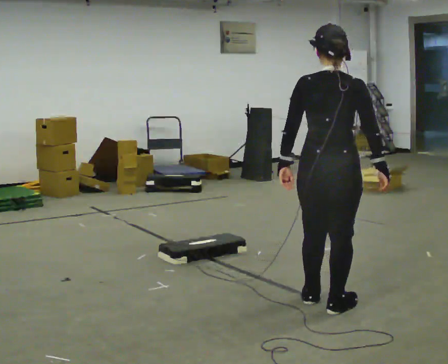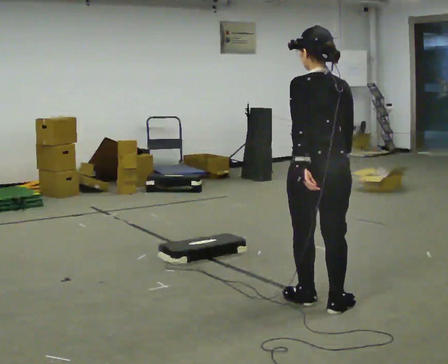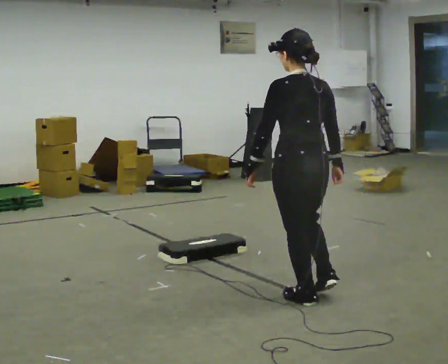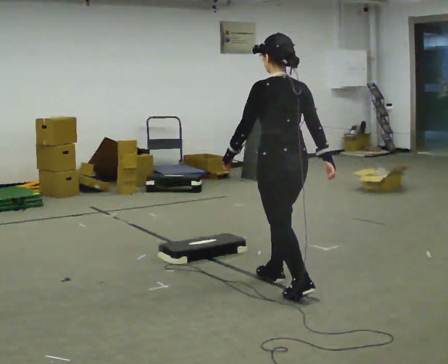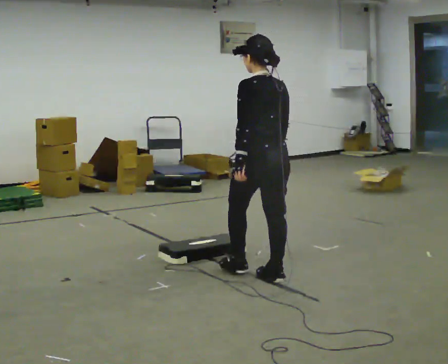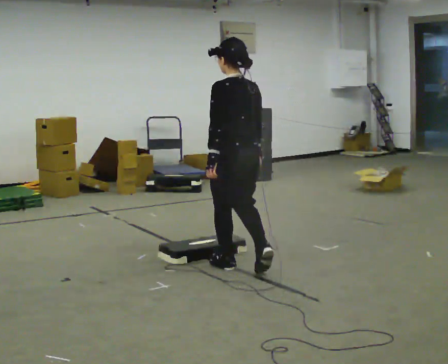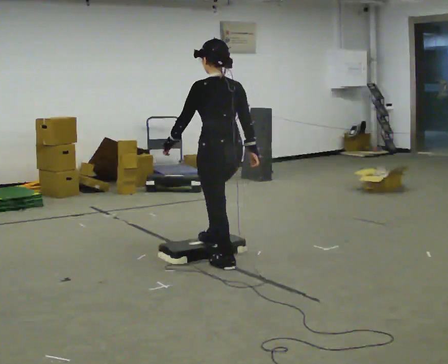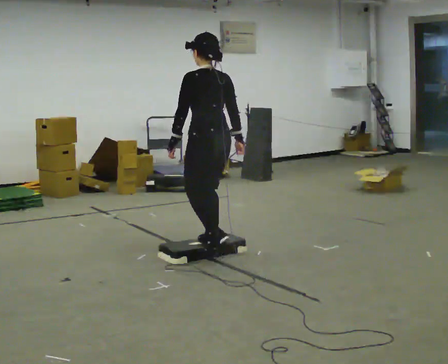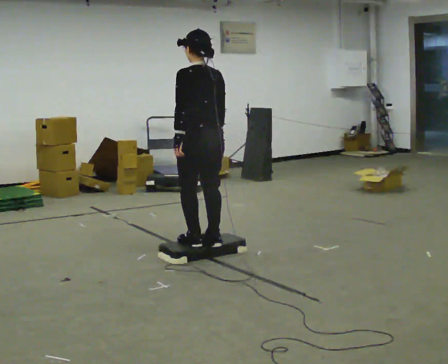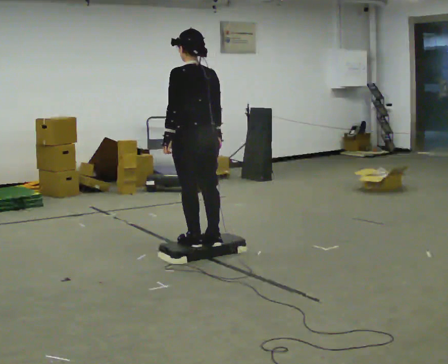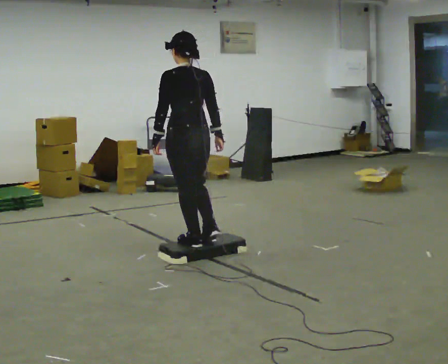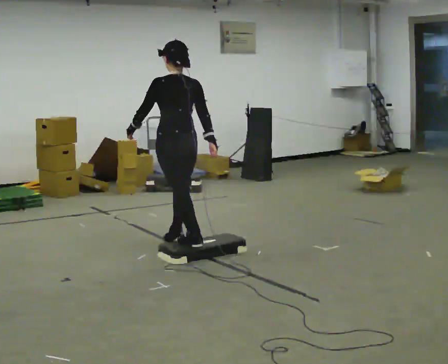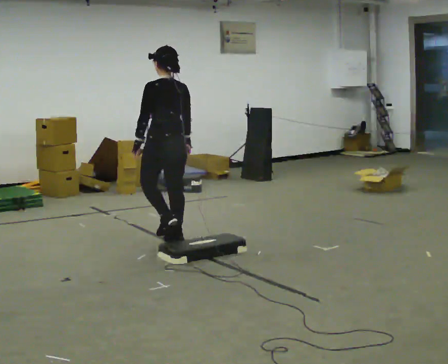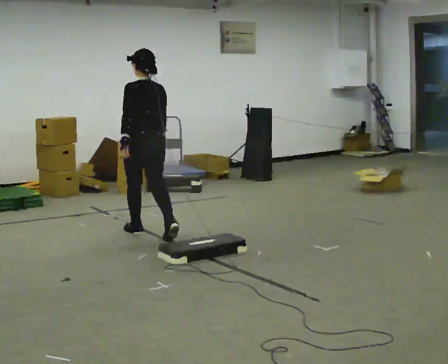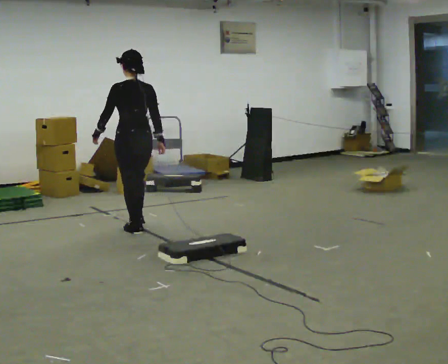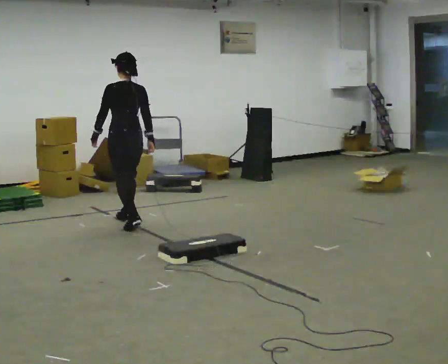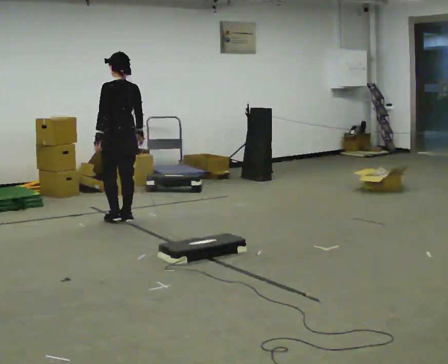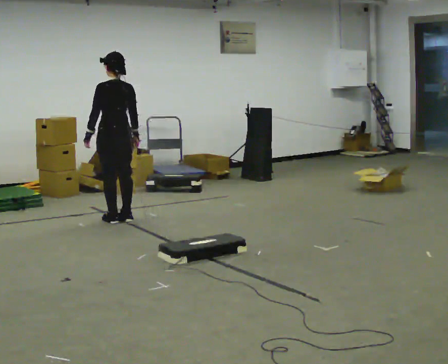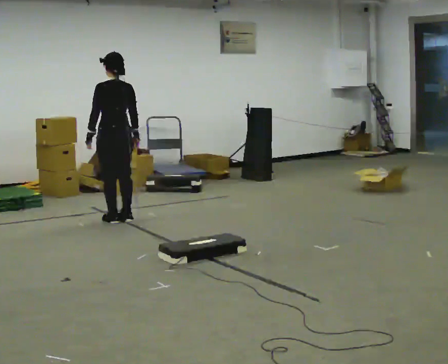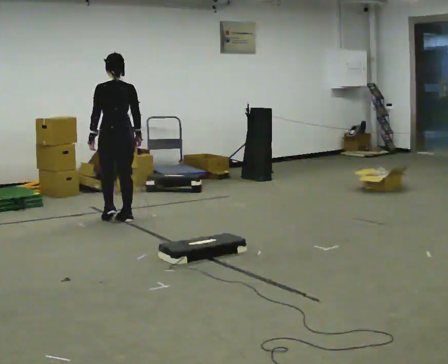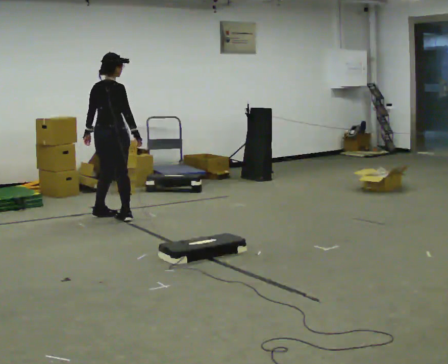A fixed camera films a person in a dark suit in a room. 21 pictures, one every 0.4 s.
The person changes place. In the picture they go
away from the camera.
0.0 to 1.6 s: The part of the body nearest the lens slides to the right as the person turns to their left by about 45 degrees. In the picture they go away from the camera and to the left, about 0.5 m in 1 step, which for them is forward.
1.6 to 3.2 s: In the picture they go away from the camera and to the left, about 0.5 m in 3 steps, which for them is forward.
3.2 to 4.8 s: In the picture they go away from the camera and to the left, about 0.5 m in 1 step, which for them is forward.
4.8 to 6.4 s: In the picture they go away from the camera and to the left, about 1 m in 2 steps, which for them is forward.
6.4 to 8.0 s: Seen from above the body turns clockwise, about 60 degrees: to their right, with its near side sliding to the left.
The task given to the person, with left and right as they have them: Walk to the platform; step up onto it; step down the other side; continue walking.
The film runs forward here.
